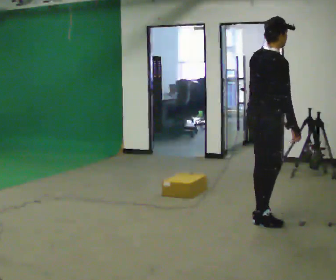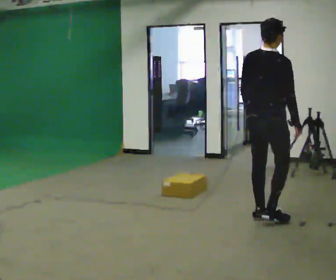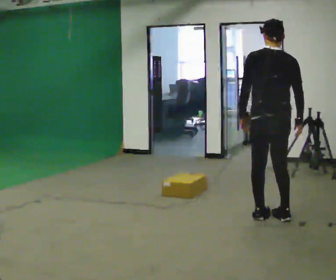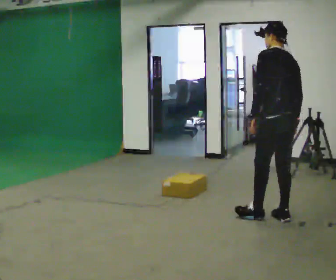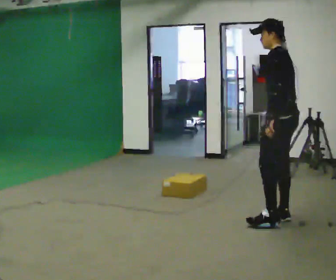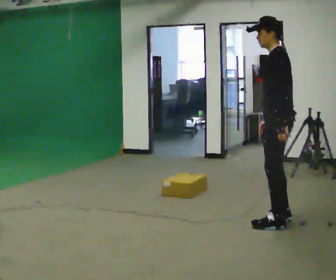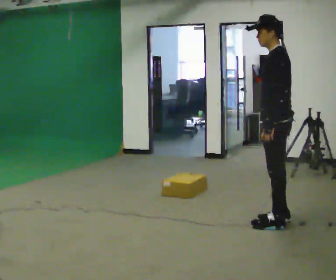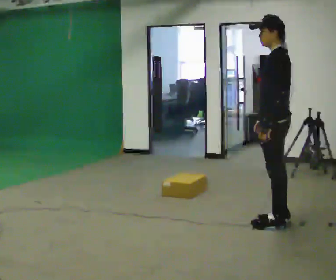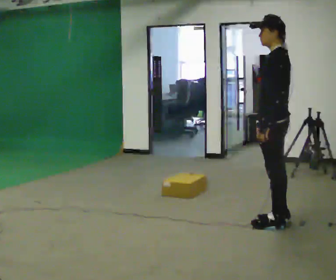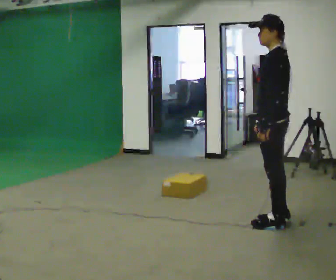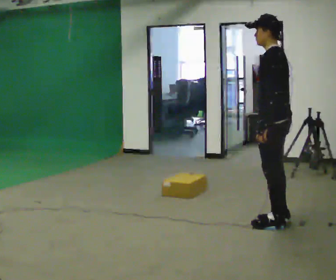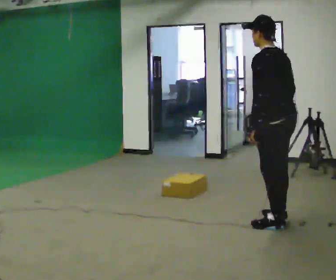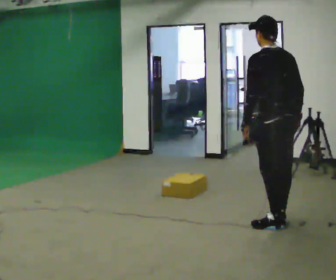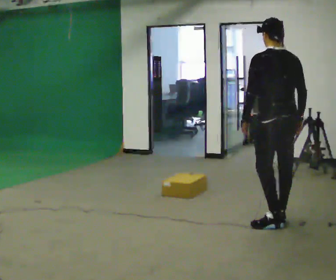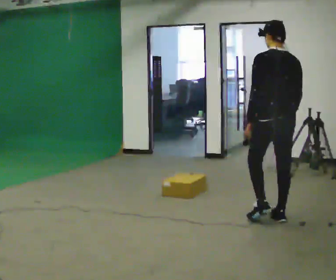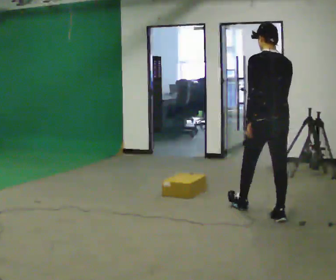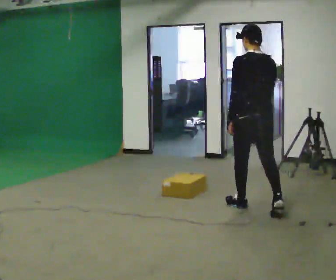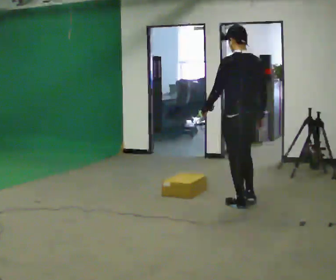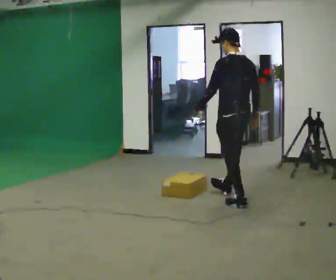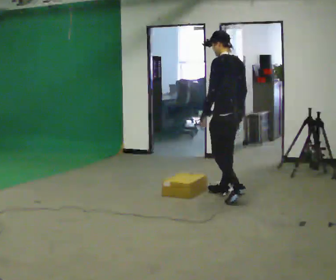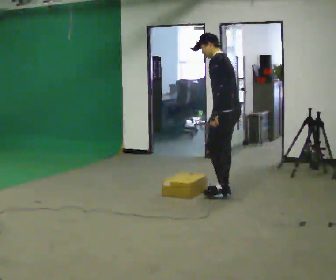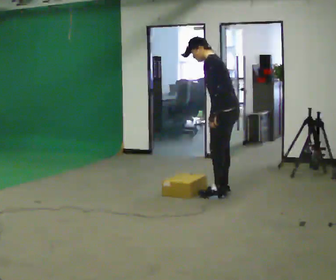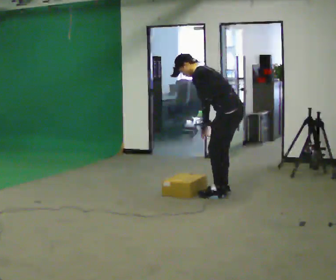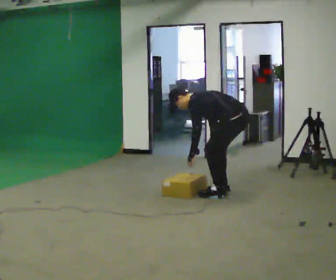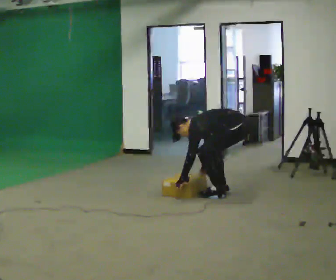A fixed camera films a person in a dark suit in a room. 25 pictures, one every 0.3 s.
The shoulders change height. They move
downward.
0.0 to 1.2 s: The person turns about 135 degrees to their left, counterclockwise seen from above, so the part of the body nearest the lens slides to the right. In the picture they go to the right, about 0.25 m in 1 step. In the picture the upper body tilts counterclockwise, shoulders to the left.
1.2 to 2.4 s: The person moves a little, or ends about where they began.
2.4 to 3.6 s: The person turns about 45 degrees to their right, clockwise seen from above, so the part of the body nearest the lens slides to the left.
3.6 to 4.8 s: In the picture they go away from the camera and to the left, about 0.5 m in 1 step, which for them is forward.
4.8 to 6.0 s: The part of the body nearest the lens slides to the right as the person turns to their left by about 45 degrees. In the picture they go away from the camera and to the left, about 0.75 m in 1 step, which for them is forward. In the picture the upper body tilts counterclockwise, shoulders to the left, as they bend forward.
6.0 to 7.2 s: The upper body goes downward. In the picture the upper body tilts counterclockwise, shoulders to the left, as they bend forward. In the picture their right hand goes downward.
The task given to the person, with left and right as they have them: Start still; walk straight at normal comfortable speed; stop at endpoint.
The film runs forward here.
